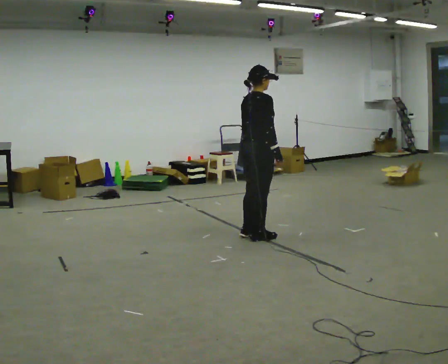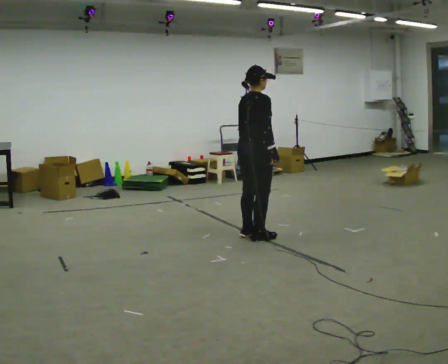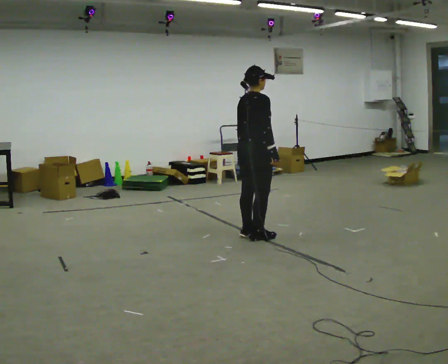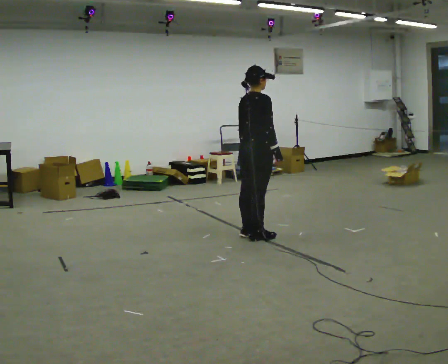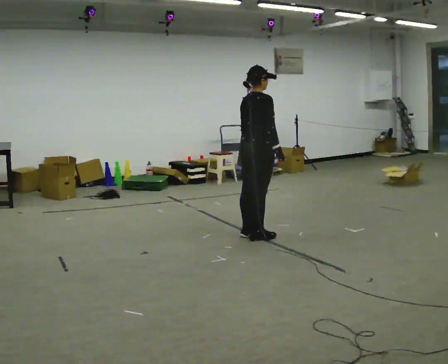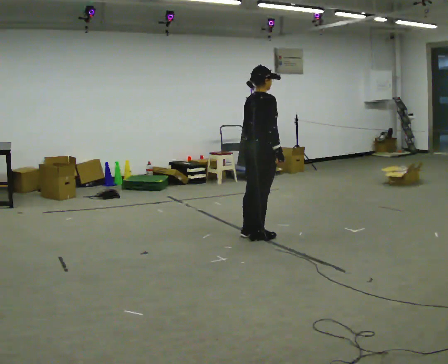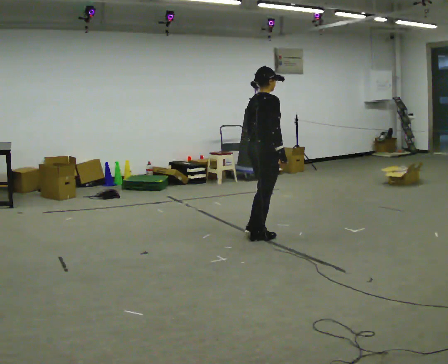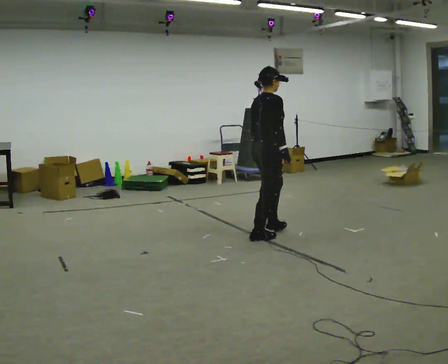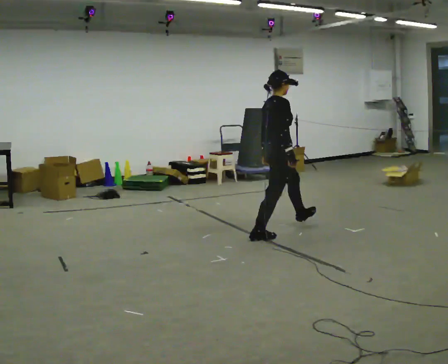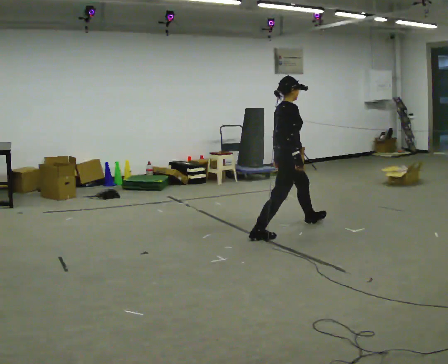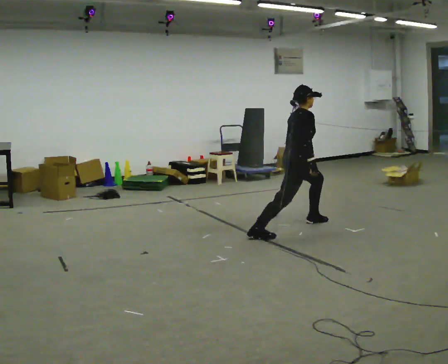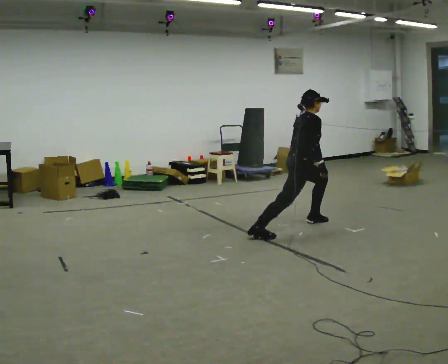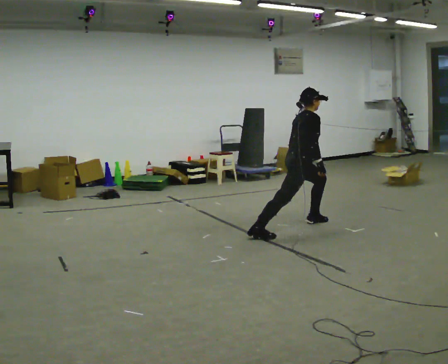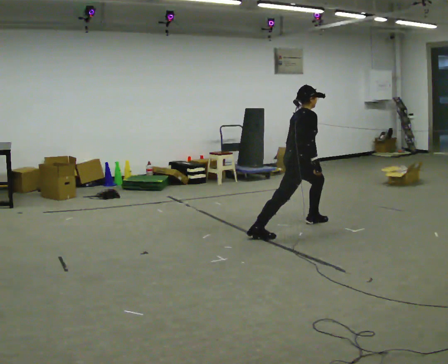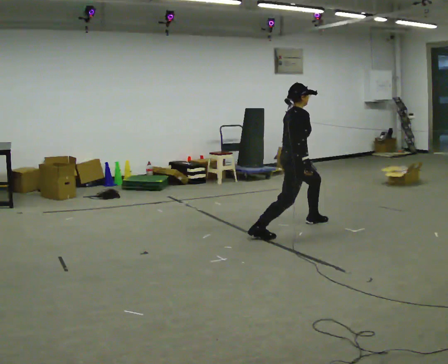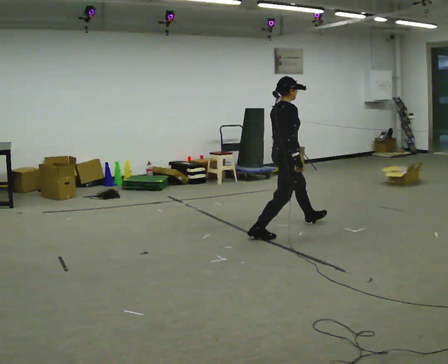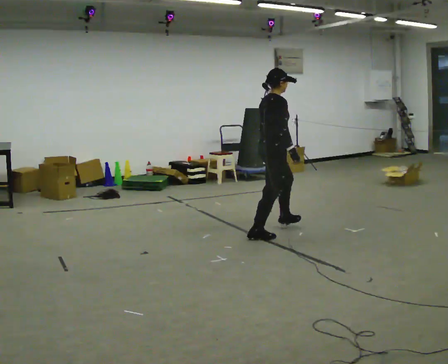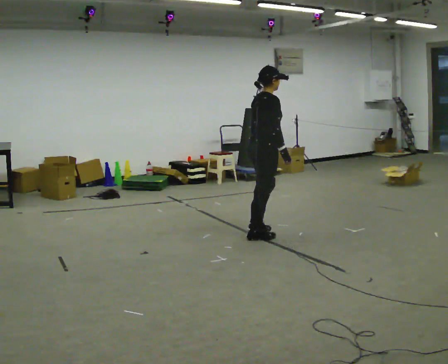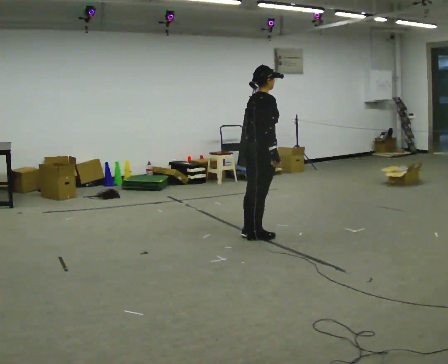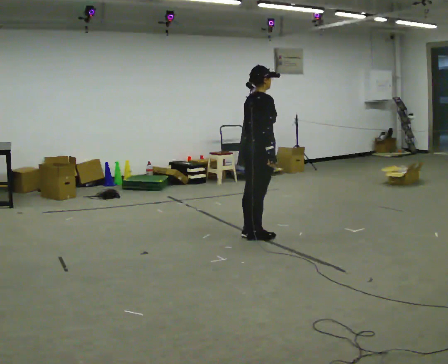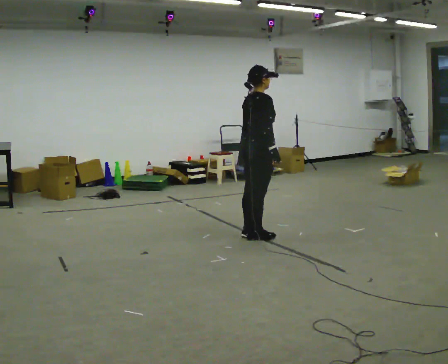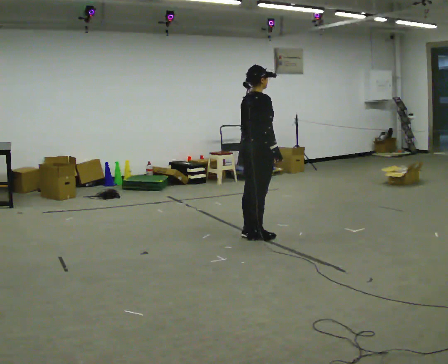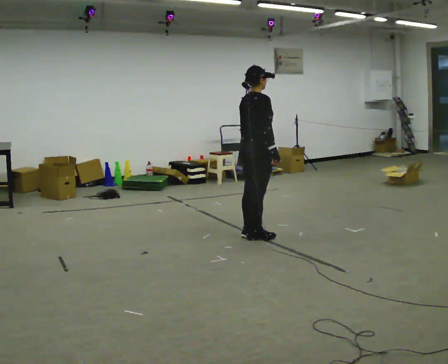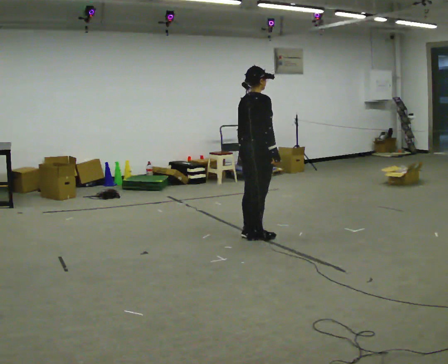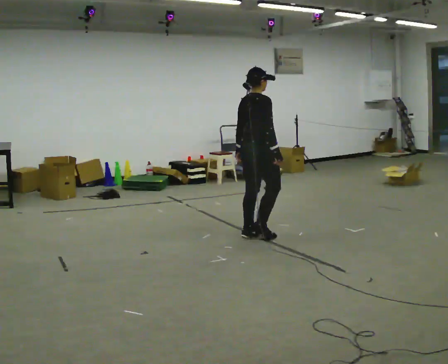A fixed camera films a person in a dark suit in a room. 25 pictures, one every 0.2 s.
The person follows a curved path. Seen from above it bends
counterclockwise.
0.0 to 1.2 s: The person moves a little, or ends about where they began.
1.2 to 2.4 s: In the picture they go away from the camera and to the right, about 0.5 m in 1 step, which for them is forward and to their left. The upper body goes downward. In the picture the upper body tilts clockwise, shoulders to the right, as they bend forward.
2.4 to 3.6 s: In the picture they go toward the camera and to the left, about 0.5 m in 1 step, which for them is backward and to their right. The shoulders move upward.
3.6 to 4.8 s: The person moves a little, or ends about where they began.
The film runs forward here.
